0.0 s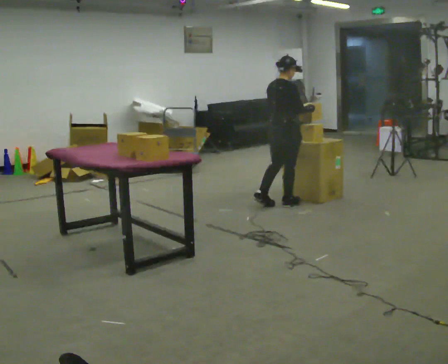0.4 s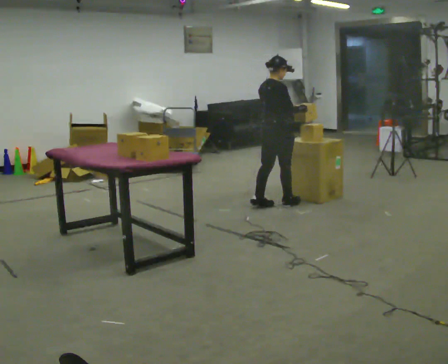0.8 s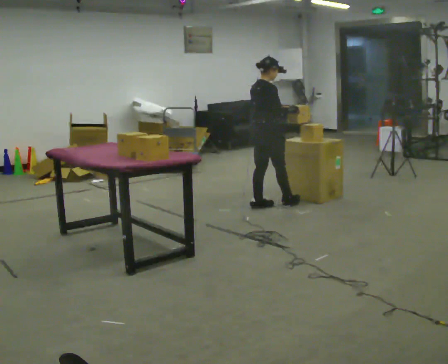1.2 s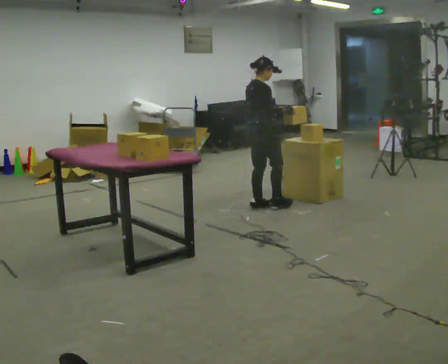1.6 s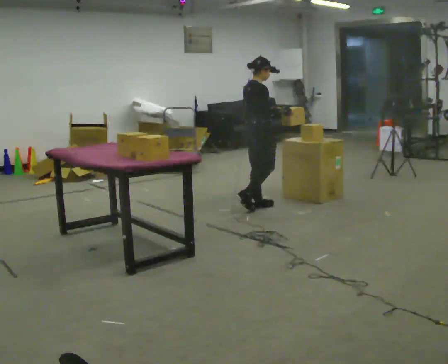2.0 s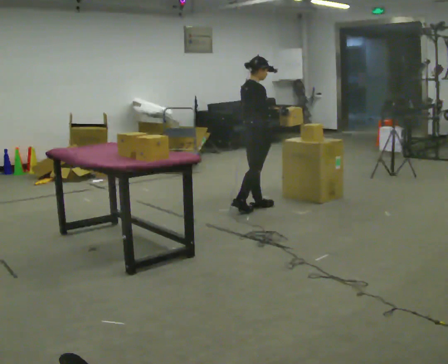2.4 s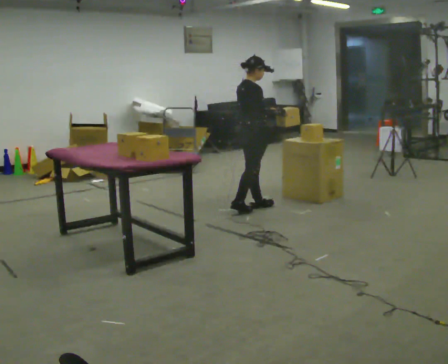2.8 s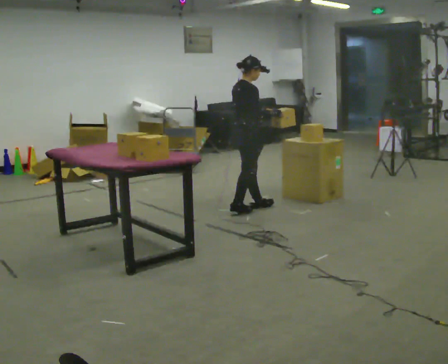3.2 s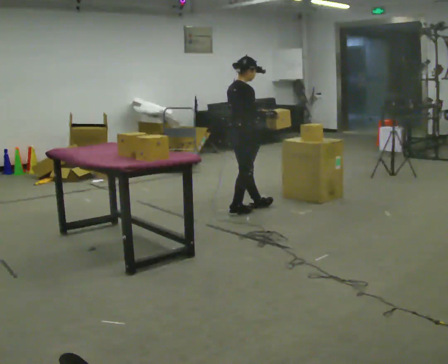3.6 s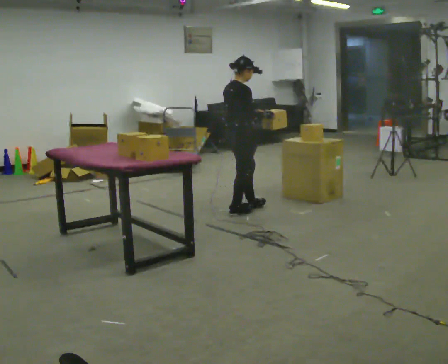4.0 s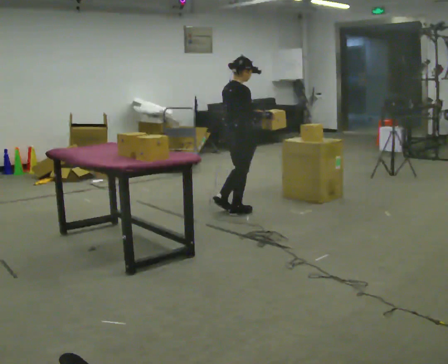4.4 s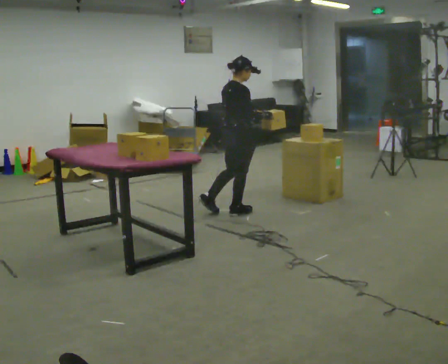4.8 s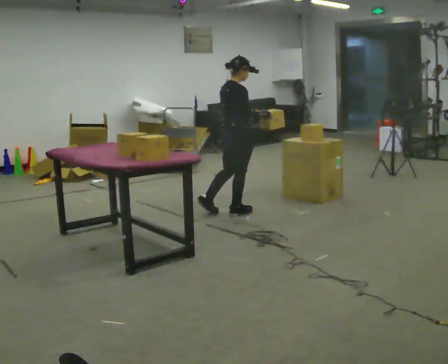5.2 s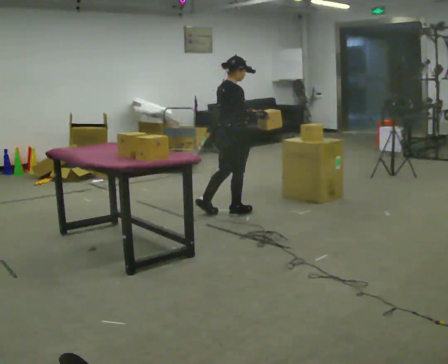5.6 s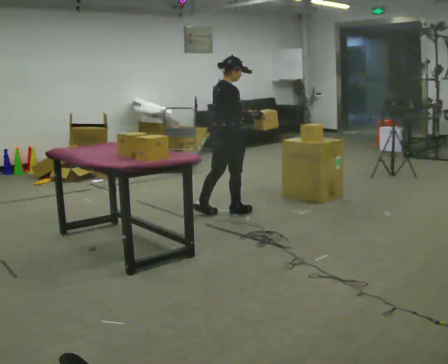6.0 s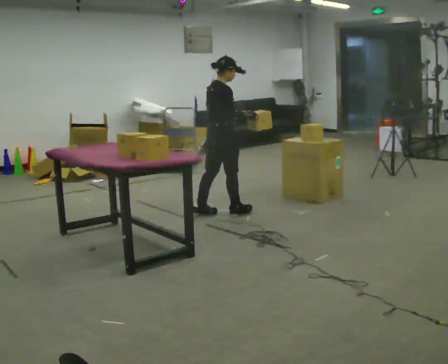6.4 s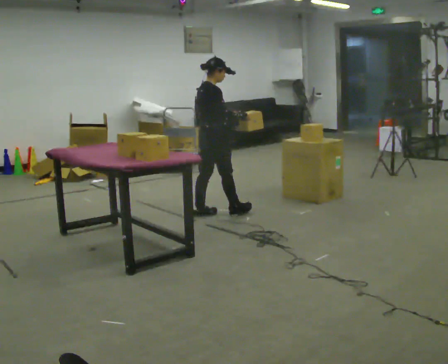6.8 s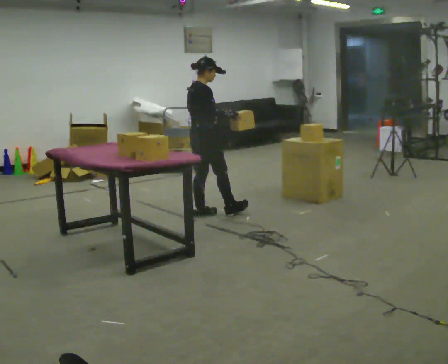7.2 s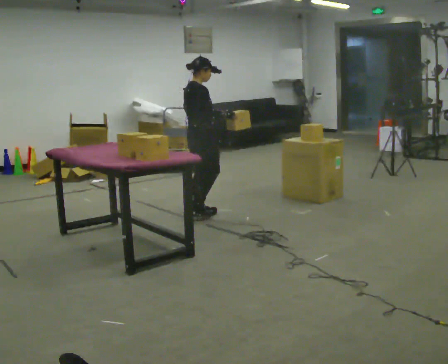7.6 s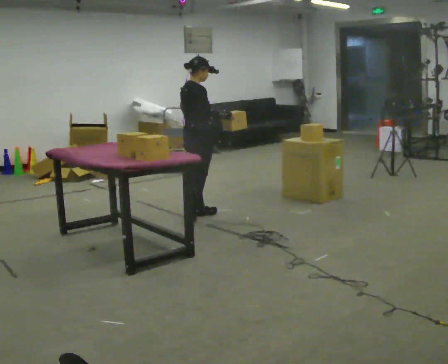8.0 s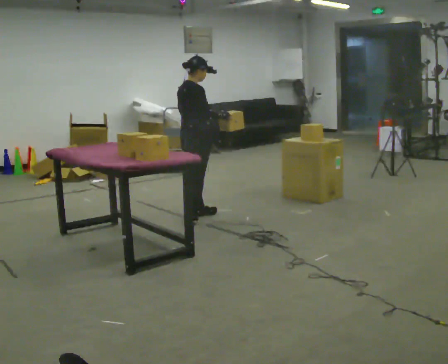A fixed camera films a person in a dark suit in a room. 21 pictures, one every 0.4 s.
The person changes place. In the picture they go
to the left.
0.0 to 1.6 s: In the picture they go to the left, about 0.25 m in 1 step, which for them is backward.
1.6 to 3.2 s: In the picture they go to the left and toward the camera, about 0.25 m, which for them is backward.
3.2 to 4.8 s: The person moves a little, or ends about where they began.
4.8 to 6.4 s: In the picture they go to the left, about 0.25 m, which for them is backward.
6.4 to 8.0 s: In the picture they go to the left, about 0.25 m in 1 step, which for them is backward.
The film runs backward here.
